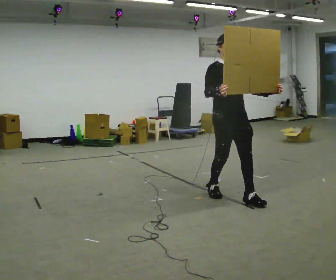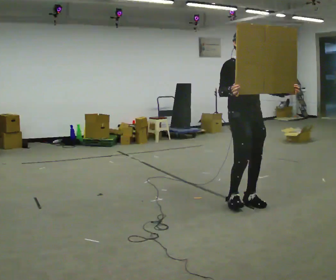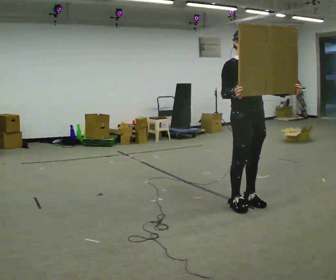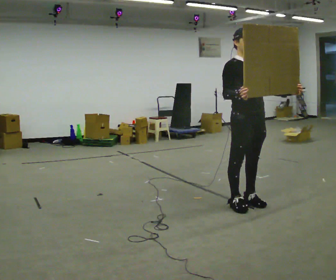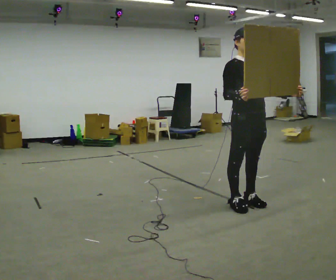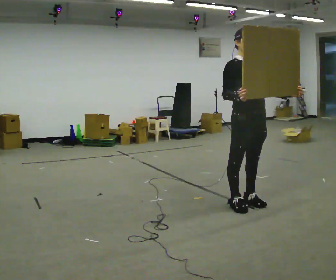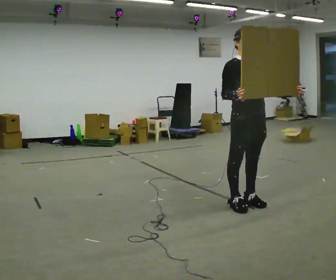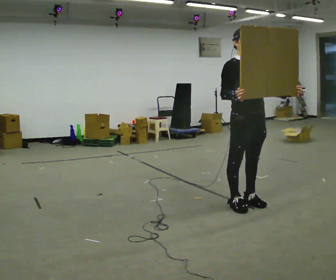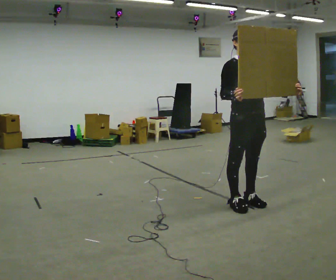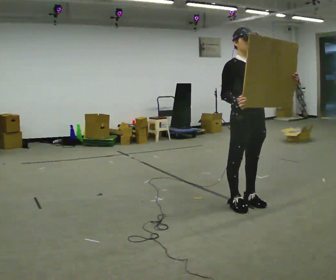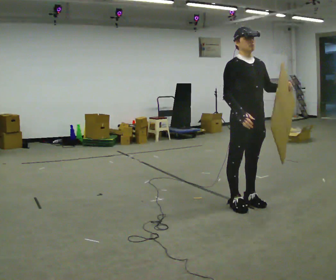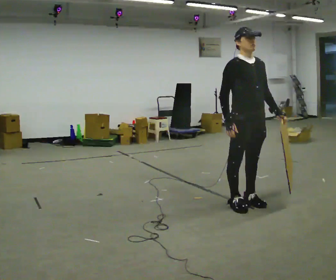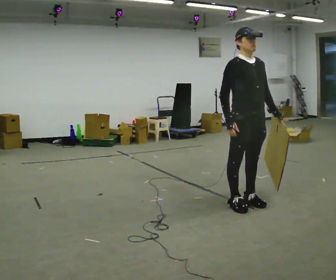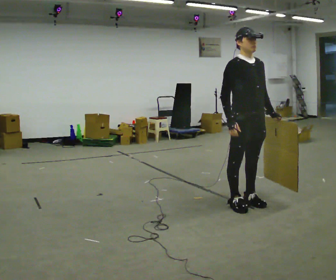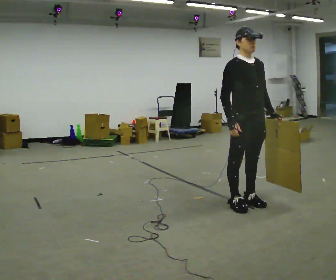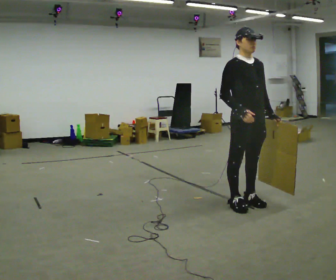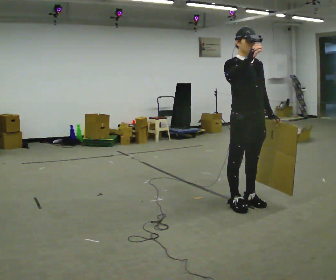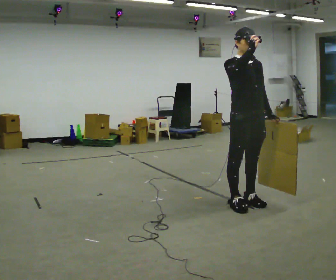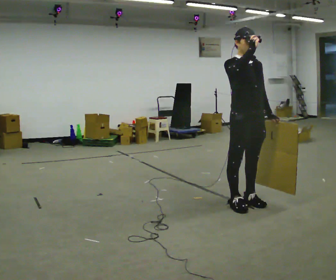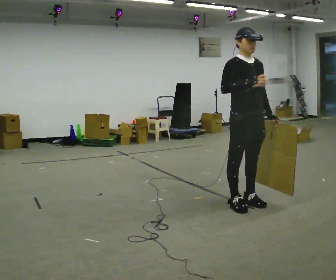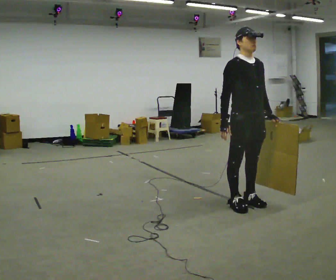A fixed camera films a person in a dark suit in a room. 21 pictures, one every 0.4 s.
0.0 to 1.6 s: In the picture they go toward the camera and to the right, about 0.25 m in 1 step, which for them is forward.
1.6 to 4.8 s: The person moves a little, or ends about where they began.
4.8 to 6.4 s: In the picture their right hand goes upward.
6.4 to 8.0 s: In the picture their right hand goes downward.
The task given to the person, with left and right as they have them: Carry the large panel across the room. It will block your view ahead, so take whatever route feels safe. Keep going until the operator says stop; one object at a time, and do not rush between trips.
The film runs forward here.
